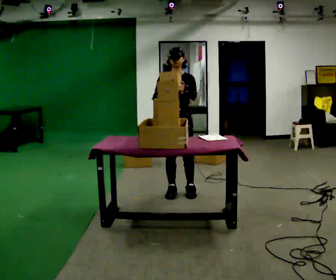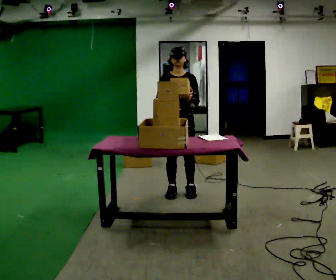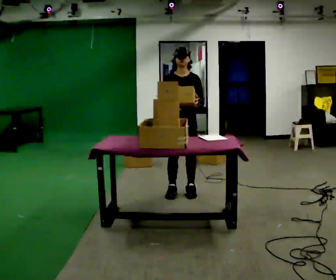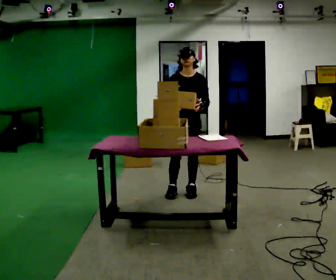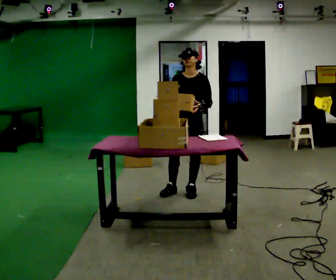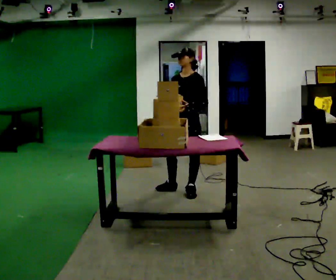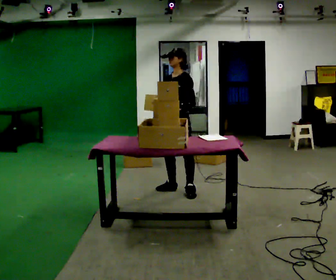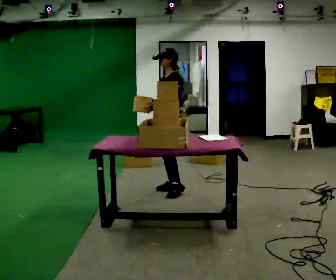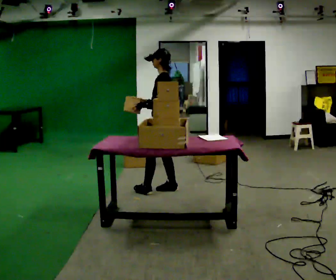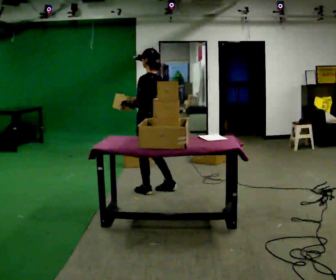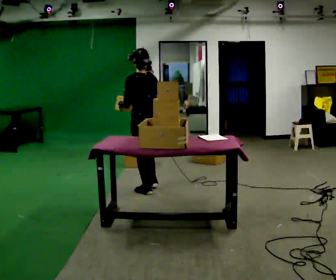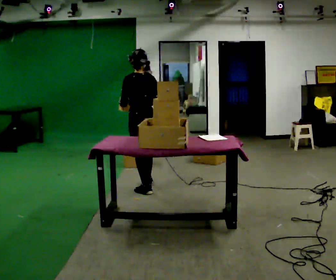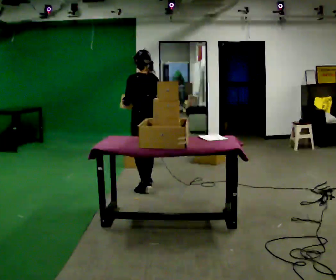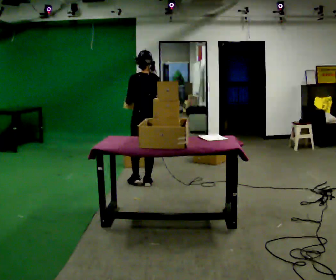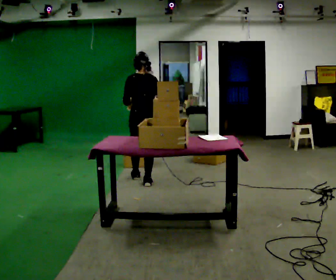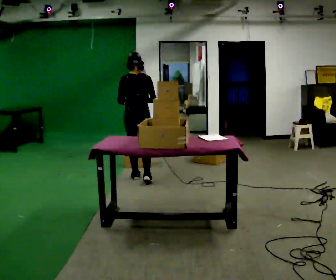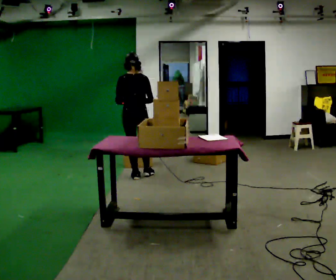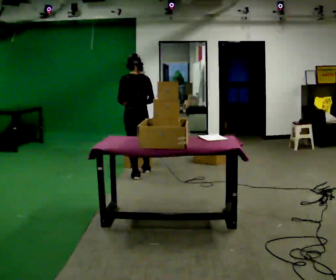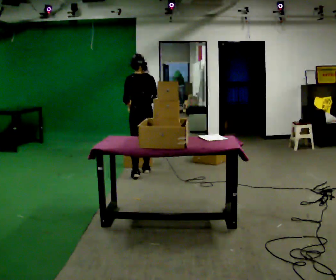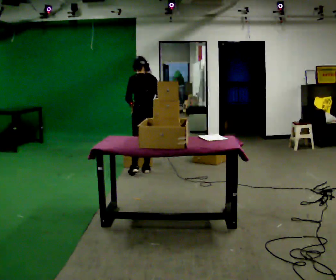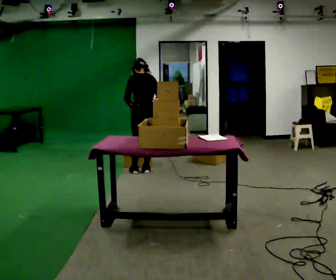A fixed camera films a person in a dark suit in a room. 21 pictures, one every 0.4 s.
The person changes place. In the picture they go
away from the camera.
0.0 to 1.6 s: The person moves a little, or ends about where they began.
1.6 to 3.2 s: Seen from above the body turns clockwise, about 75 degrees: to their right, with its near side sliding to the left. In the picture they go to the left, about 0.25 m in 1 step.
3.2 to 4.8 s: The part of the body nearest the lens slides to the left as the person turns to their right by about 45 degrees. In the picture they go to the left and away from the camera, about 0.25 m in 1 step, which for them is forward.
4.8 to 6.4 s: The person turns about 30 degrees to their right, clockwise seen from above, so the part of the body nearest the lens slides to the left. In the picture they go away from the camera, about 0.5 m in 1 step, which for them is forward.
6.4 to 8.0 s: In the picture they go away from the camera, about 0.25 m in 2 steps, which for them is forward and to their right. The upper body tips away from the camera, its near side rolling upward, as they bend forward.
The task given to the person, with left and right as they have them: 1. Take the objects out of the box on the table one at a time. 2. Put each one in the bin the operator has labelled for it. 3. Tell the operator when you are finished.
The film runs forward here.
